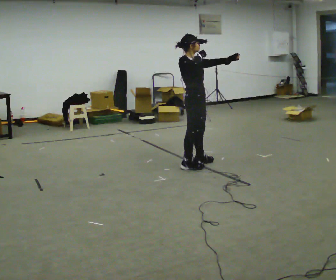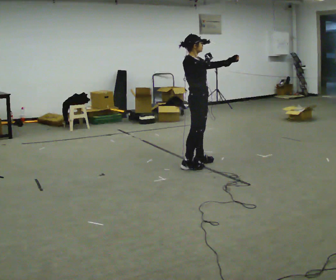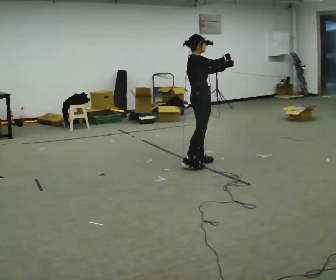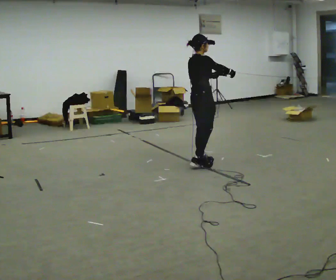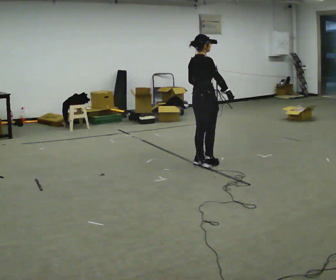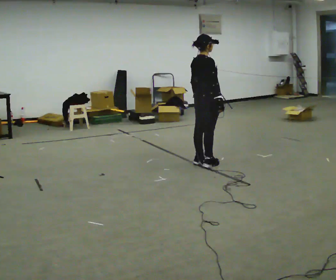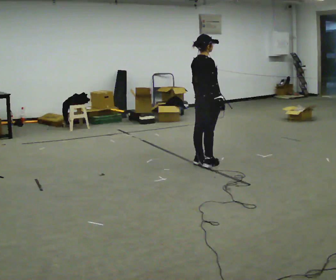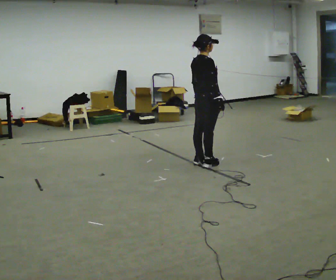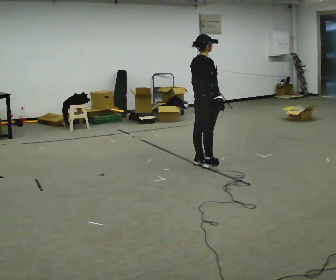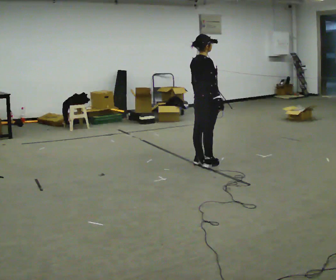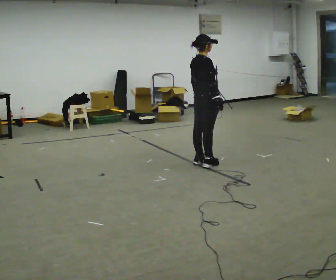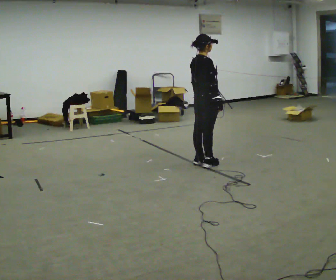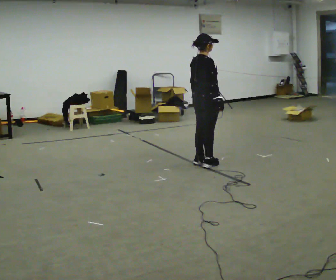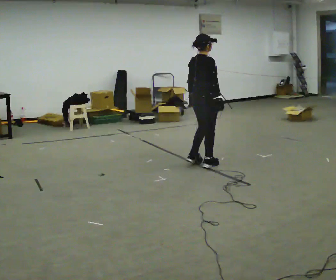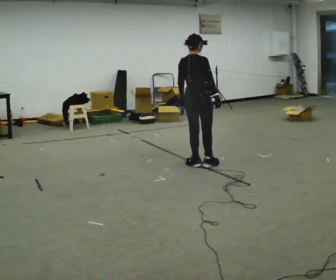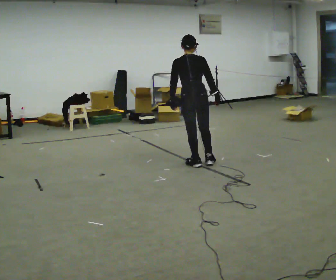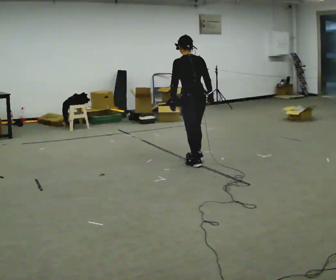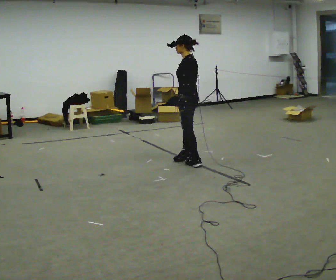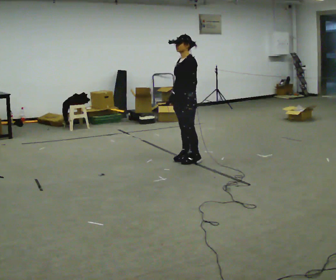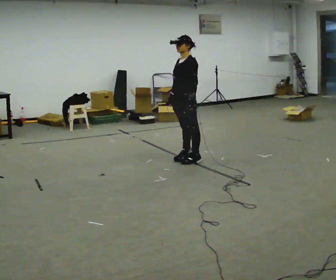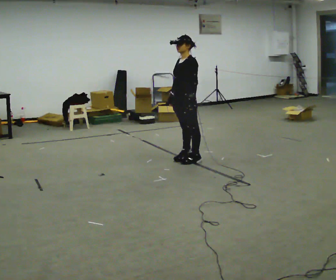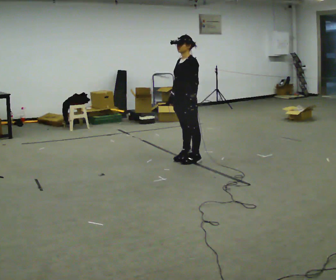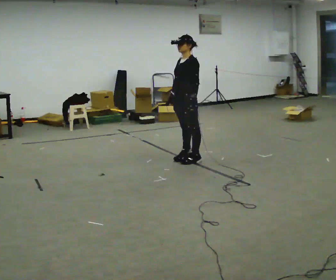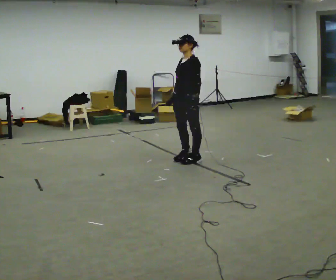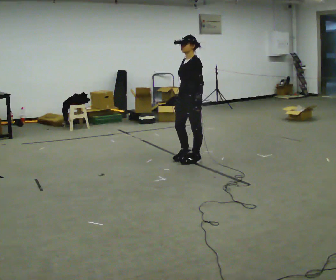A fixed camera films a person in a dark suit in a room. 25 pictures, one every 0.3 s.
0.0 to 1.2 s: The person turns about 60 degrees to their left, counterclockwise seen from above, so the part of the body nearest the lens slides to the right. In the picture their right hand goes downward and to the right.
1.2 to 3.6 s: The person moves a little, or ends about where they began.
3.6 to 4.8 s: The part of the body nearest the lens slides to the right as the person turns to their left by about 75 degrees.
4.8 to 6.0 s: Seen from above the body turns counterclockwise, about 90 degrees: to their left, with its near side sliding to the right. In the picture they go away from the camera, about 0.25 m in 1 step. In the picture their right hand goes to the left, the arm swinging clockwise.
6.0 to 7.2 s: The person moves a little, or ends about where they began.
The film runs backward here.
